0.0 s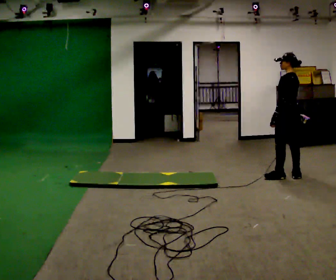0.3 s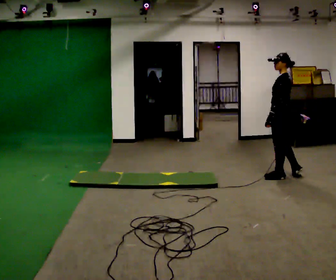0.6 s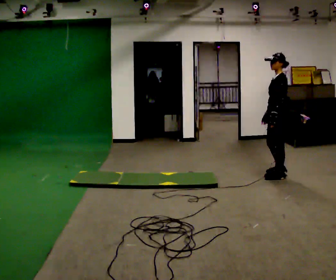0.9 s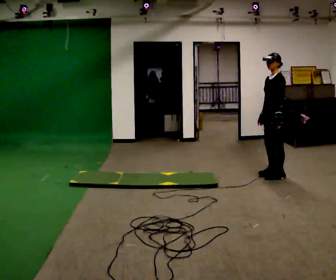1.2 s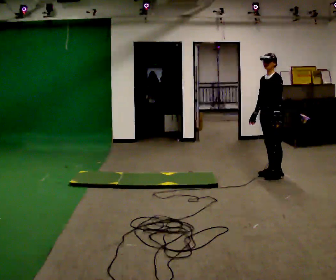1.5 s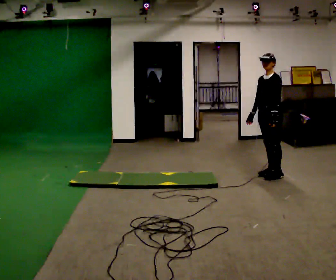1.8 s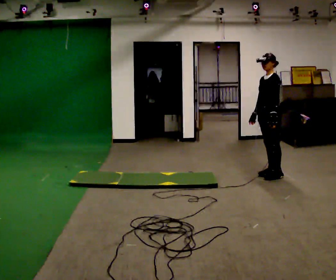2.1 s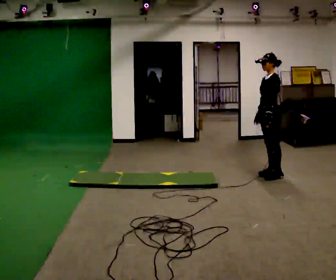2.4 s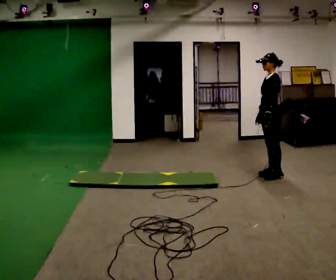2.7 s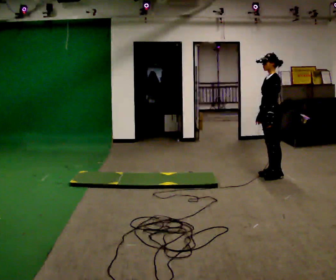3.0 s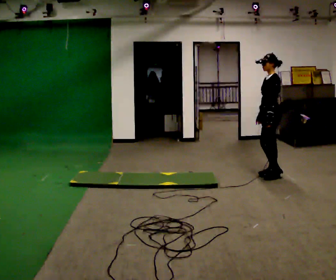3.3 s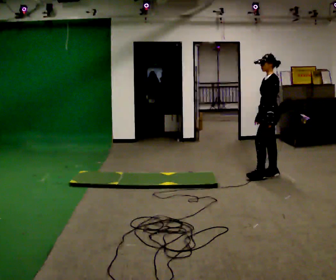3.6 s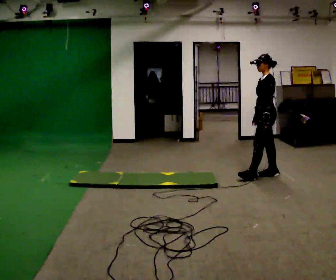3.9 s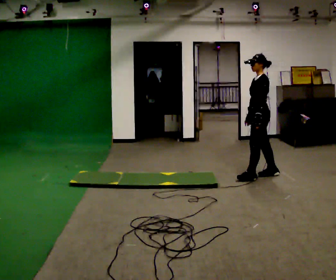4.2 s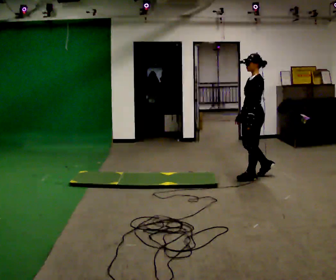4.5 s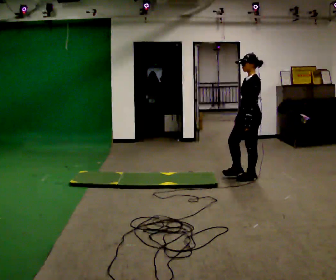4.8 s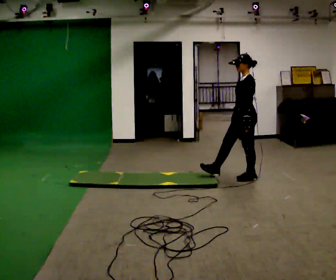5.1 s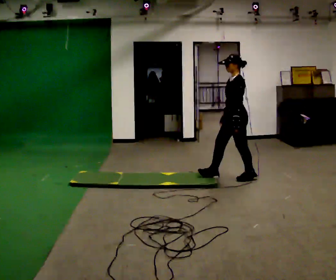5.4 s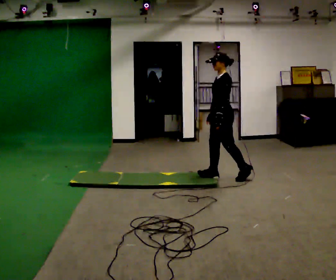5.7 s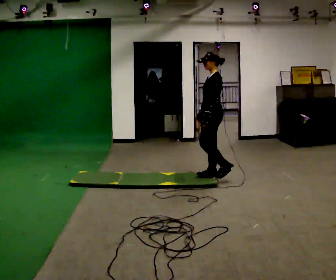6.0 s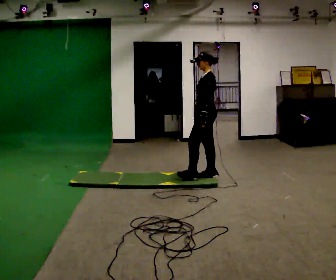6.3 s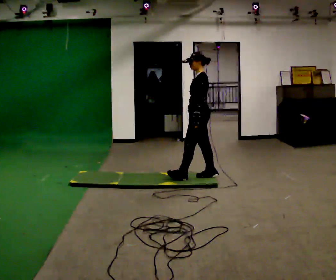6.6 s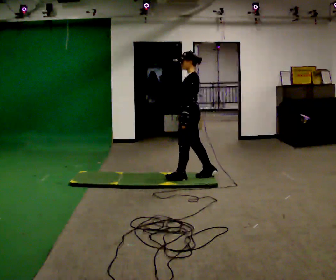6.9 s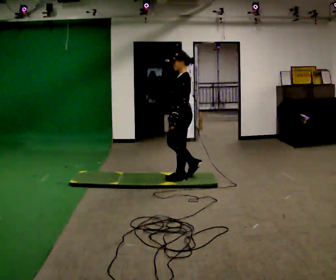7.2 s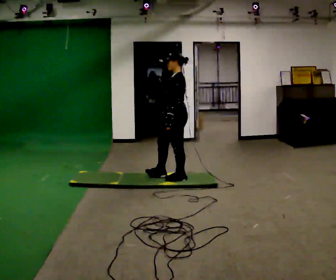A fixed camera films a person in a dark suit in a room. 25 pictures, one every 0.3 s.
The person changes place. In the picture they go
to the left.
0.0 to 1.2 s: The person turns about 60 degrees to their left, counterclockwise seen from above, so the part of the body nearest the lens slides to the right. In the picture they go to the left, about 0.25 m in 1 step. In the picture their right hand goes to the left.
1.2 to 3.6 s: The person moves a little, or ends about where they began.
3.6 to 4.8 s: In the picture they go to the left and toward the camera, about 0.25 m in 1 step, which for them is forward.
4.8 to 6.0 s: In the picture they go to the left, about 0.5 m, which for them is forward.
6.0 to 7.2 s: In the picture they go to the left and toward the camera, about 0.5 m in 1 step, which for them is forward.
The film runs forward here.
